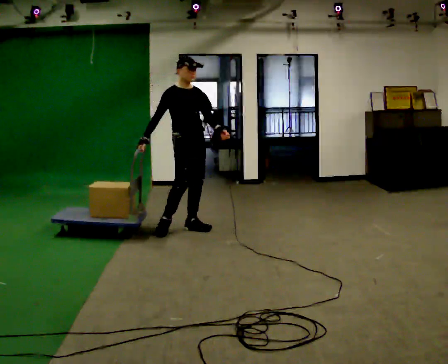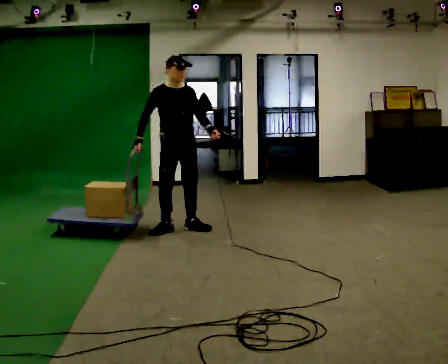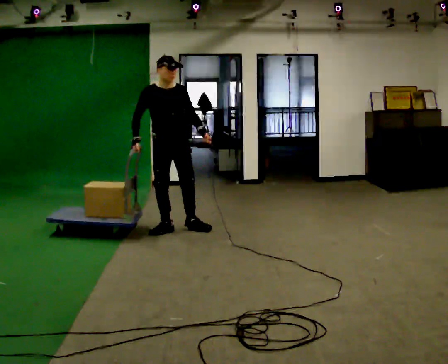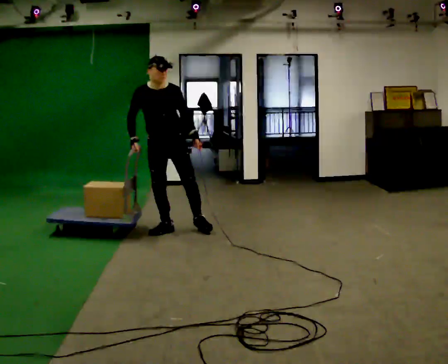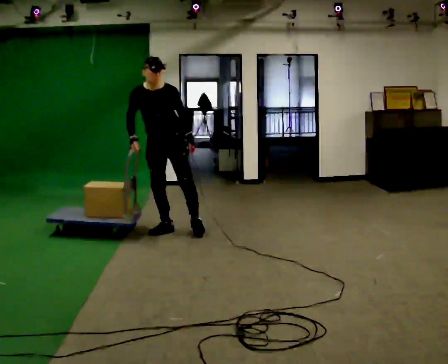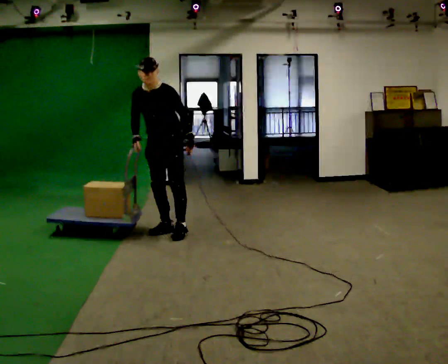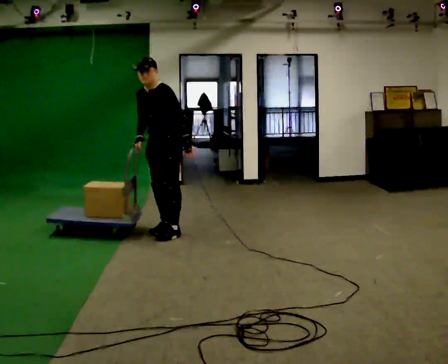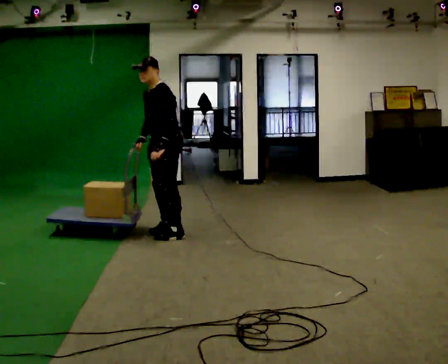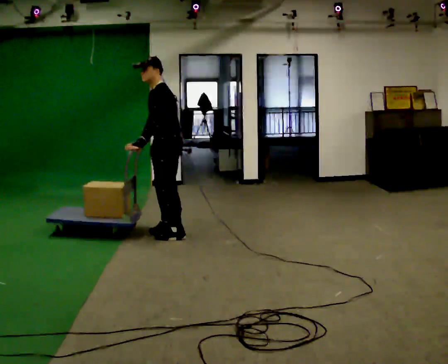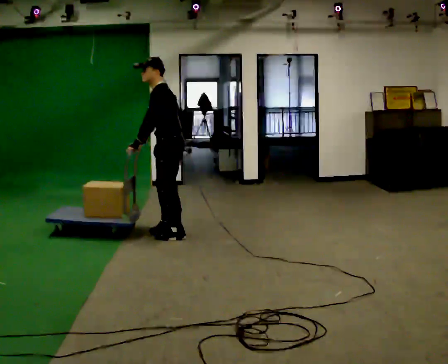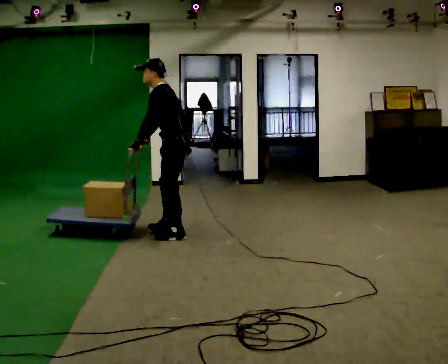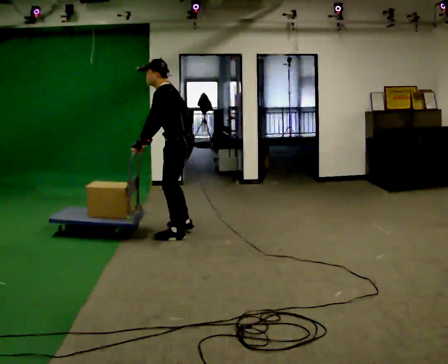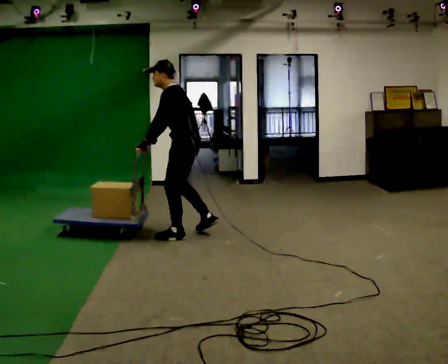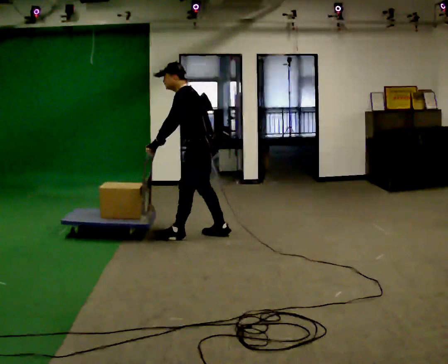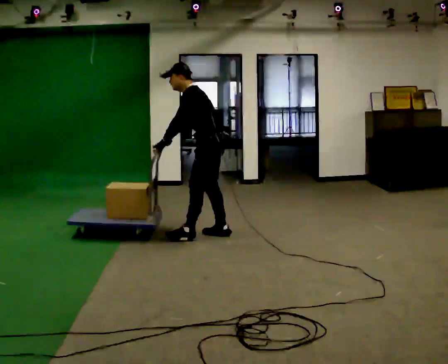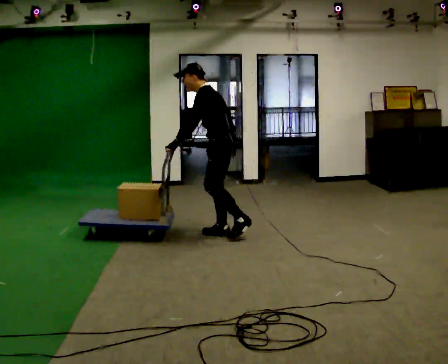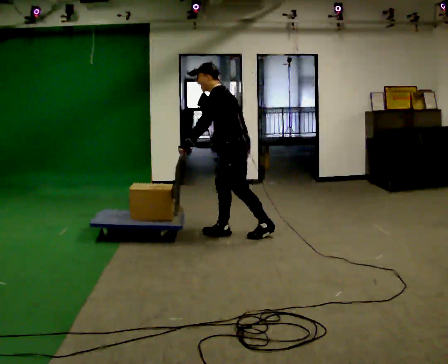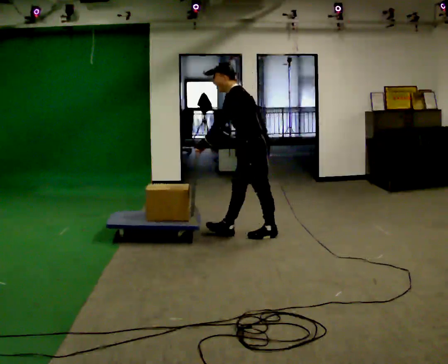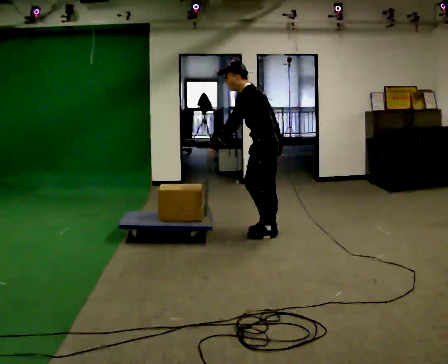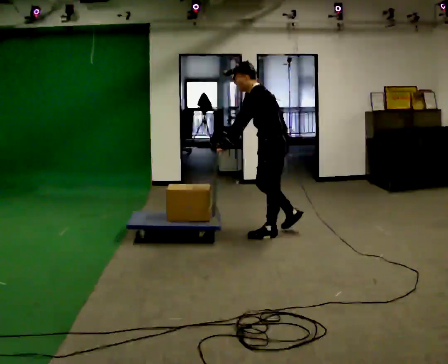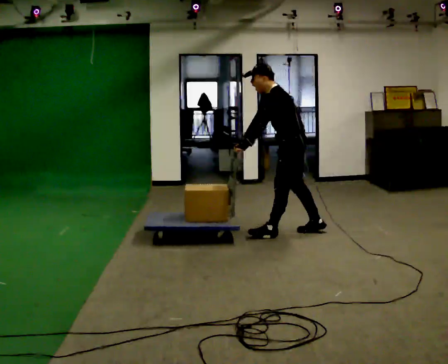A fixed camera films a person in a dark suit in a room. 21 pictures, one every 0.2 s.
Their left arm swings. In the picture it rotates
clockwise.
The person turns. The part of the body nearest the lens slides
to the left.
0.0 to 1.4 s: The person turns about 105 degrees to their right, clockwise seen from above, so the part of the body nearest the lens slides to the left. In the picture they go to the left, about 0.25 m in 1 step. In the picture their left hand goes to the left.
1.4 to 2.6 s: The part of the body nearest the lens slides to the left as the person turns to their right by about 45 degrees. In the picture they go to the right, about 0.25 m in 1 step, which for them is backward.
2.6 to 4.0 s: In the picture they go to the right, about 1 m in 2 steps, which for them is backward.
The film runs backward here.
